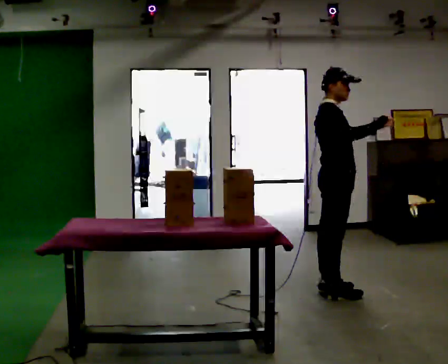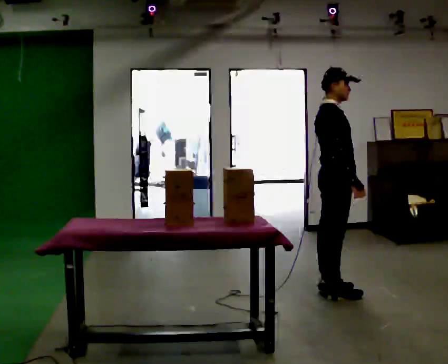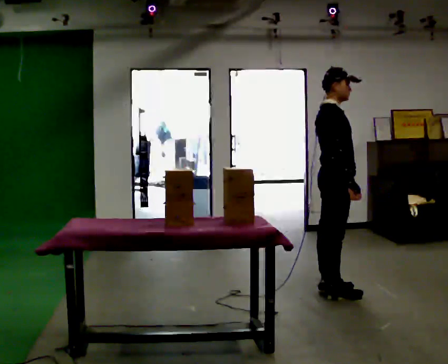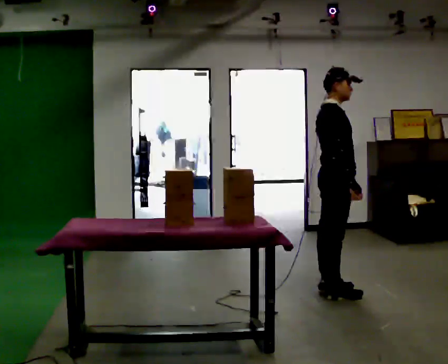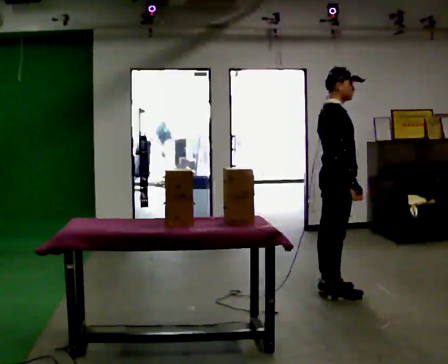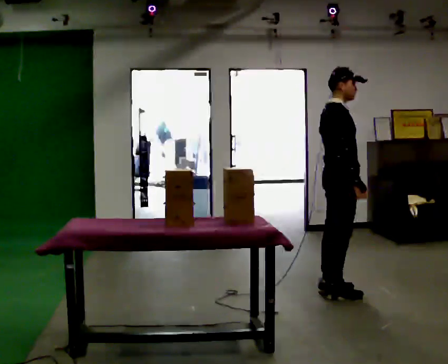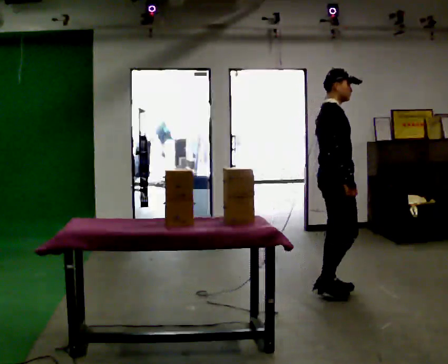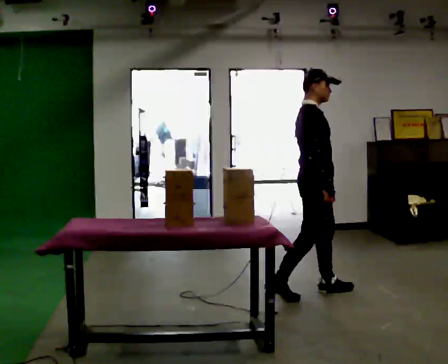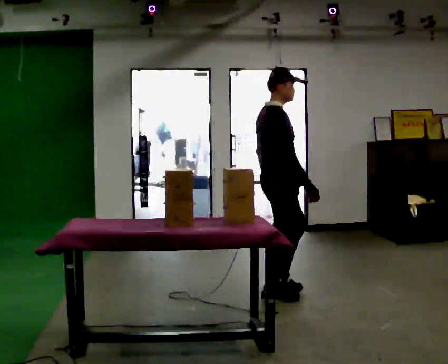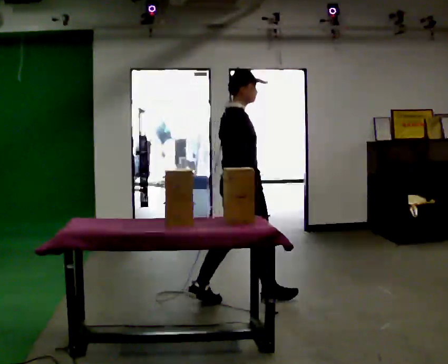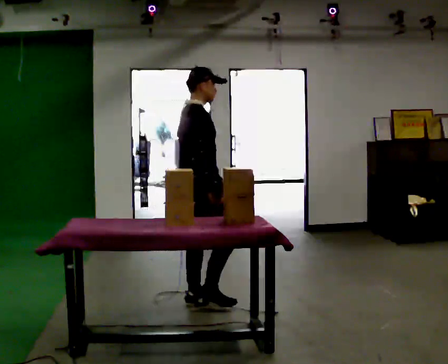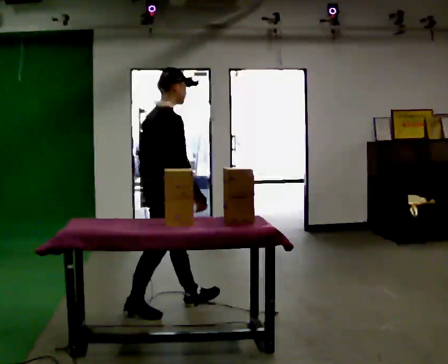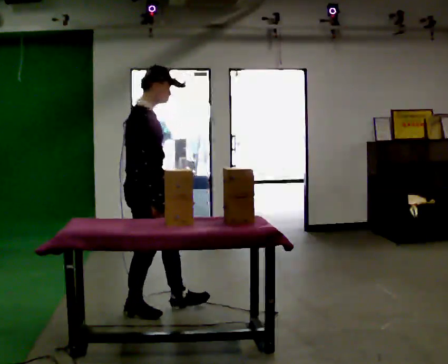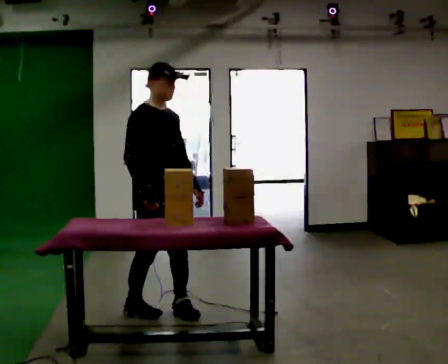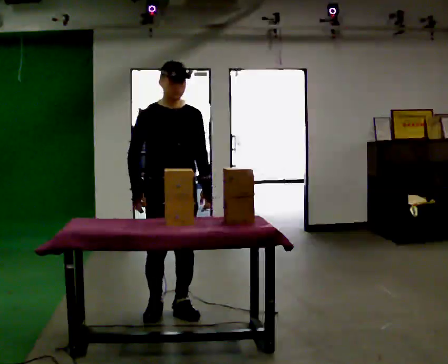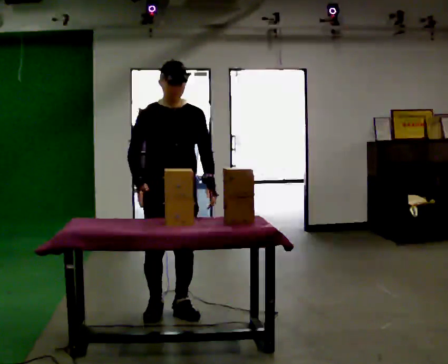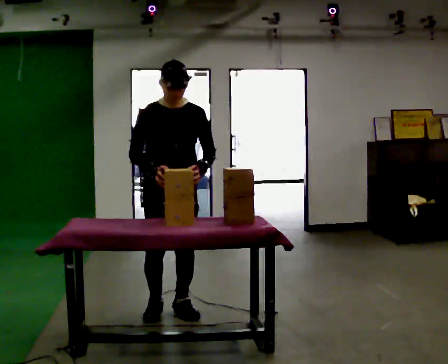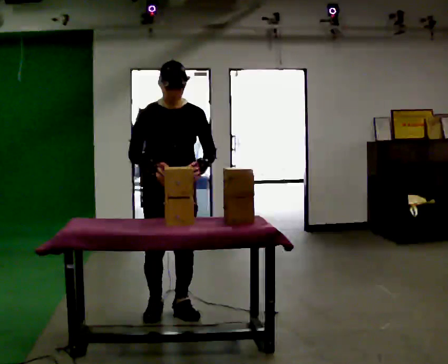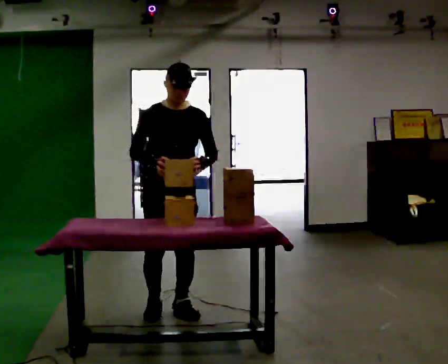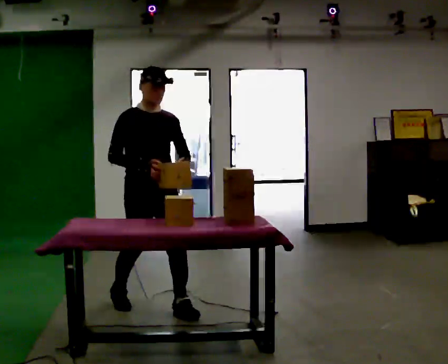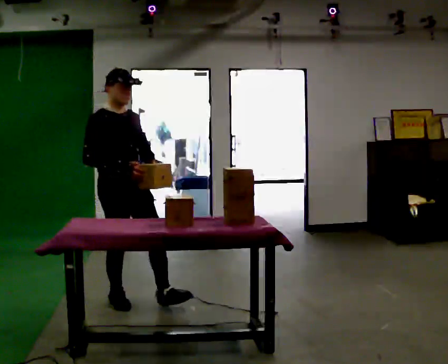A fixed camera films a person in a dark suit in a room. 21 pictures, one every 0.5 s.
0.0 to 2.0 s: In the picture their right hand goes downward, the arm swinging clockwise.
2.0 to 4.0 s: In the picture they go to the left, about 0.5 m in 2 steps, which for them is backward.
4.0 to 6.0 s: In the picture they go to the left and toward the camera, about 1 m in 1 step, which for them is backward.
6.0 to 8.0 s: The person turns about 75 degrees to their right, clockwise seen from above, so the part of the body nearest the lens slides to the left. In the picture they go to the right, about 0.25 m in 1 step. In the picture their left hand goes to the right.
8.0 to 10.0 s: Seen from above the body turns counterclockwise, about 30 degrees: to their left, with its near side sliding to the right. In the picture they go to the left and away from the camera, about 0.5 m in 2 steps, which for them is to their right and backward.
The film runs backward here.
